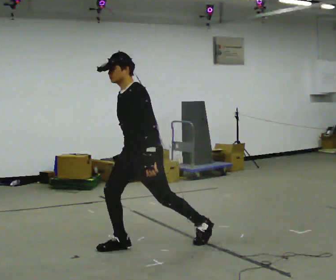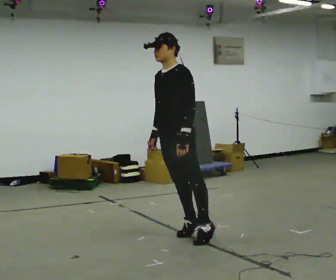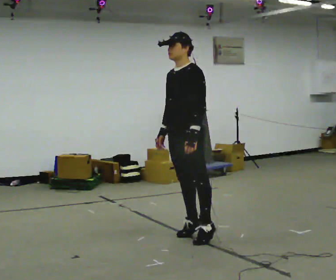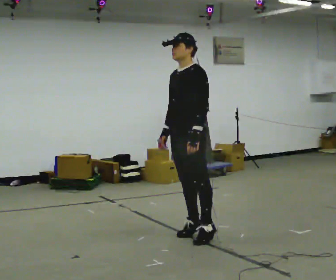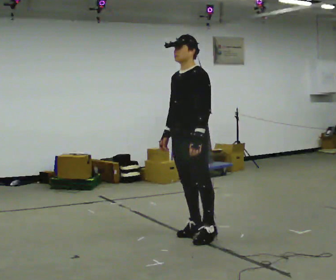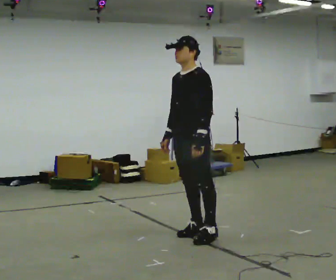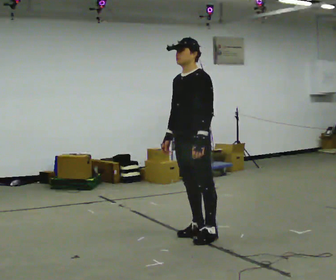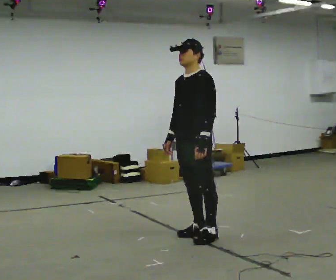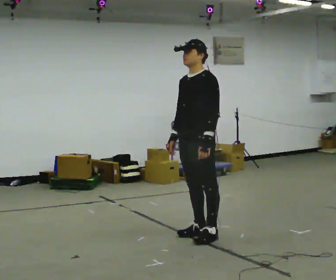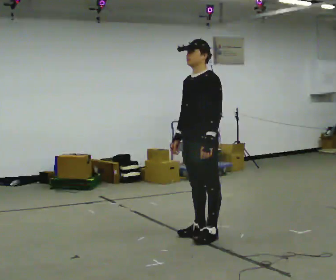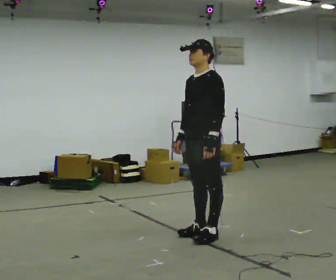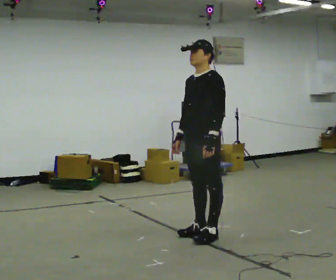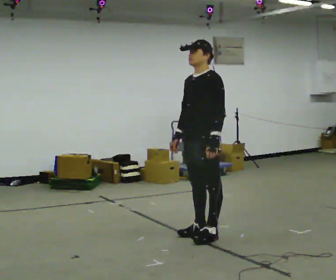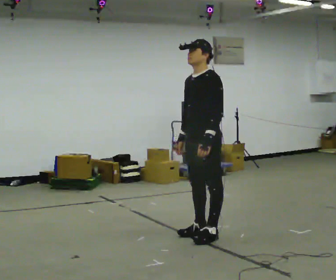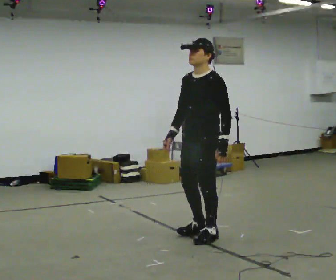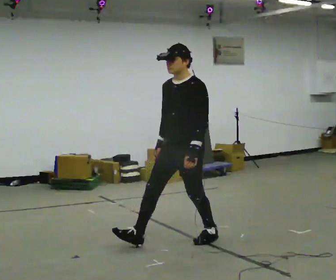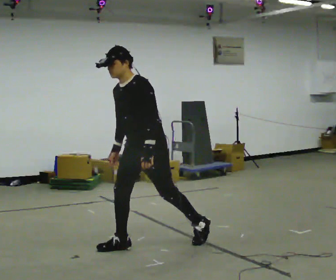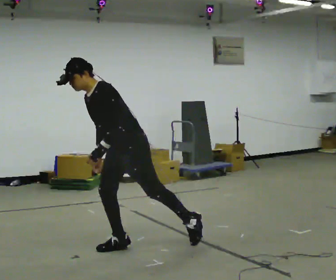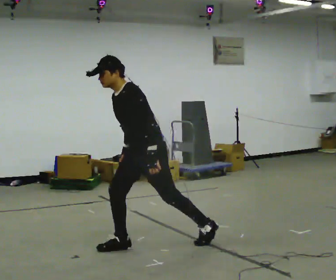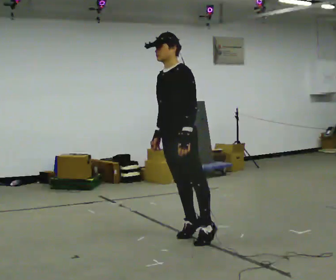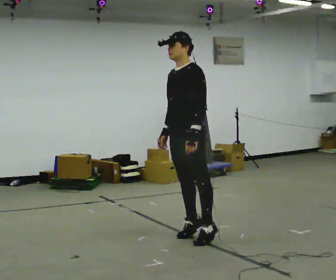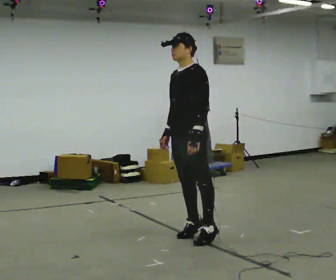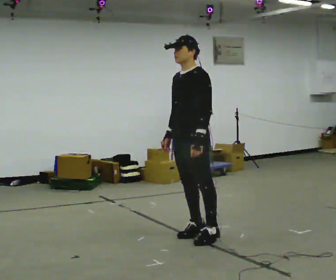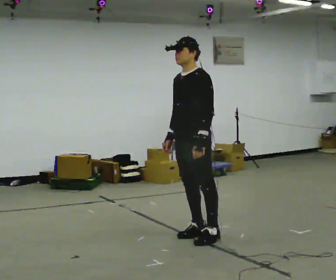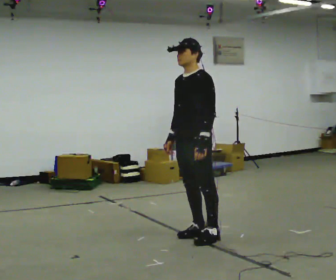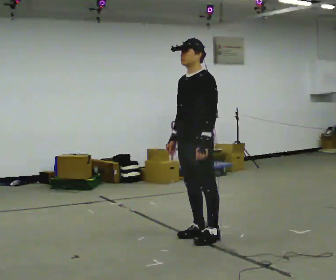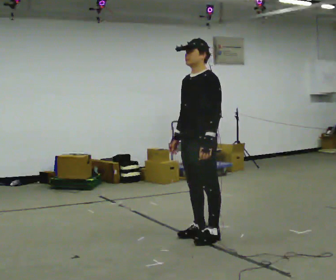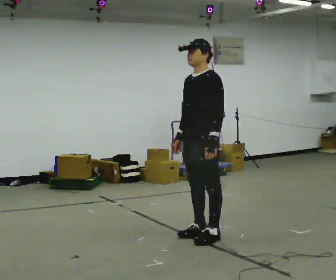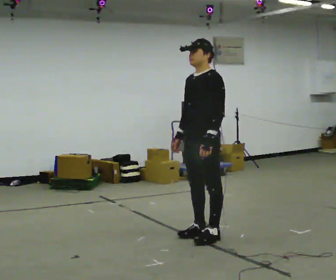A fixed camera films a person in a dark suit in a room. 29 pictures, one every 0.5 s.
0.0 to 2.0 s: In the picture they go to the right and away from the camera, about 0.5 m in 1 step, which for them is backward. The shoulders move upward.
2.0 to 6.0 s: The person moves a little, or ends about where they began.
6.0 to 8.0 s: In the picture they go to the left and toward the camera, about 0.5 m in 2 steps, which for them is forward.
8.0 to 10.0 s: In the picture they go to the right and away from the camera, about 0.25 m in 2 steps, which for them is backward.
10.0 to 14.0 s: The person moves a little, or ends about where they began.
The film runs backward here.
